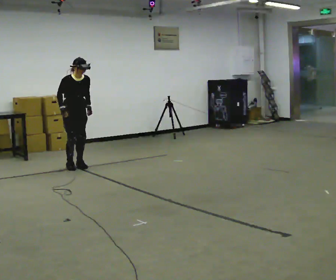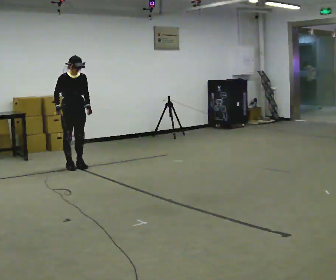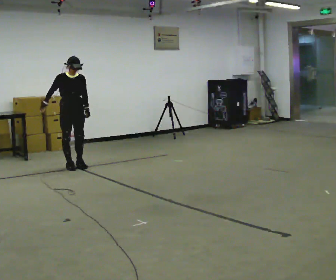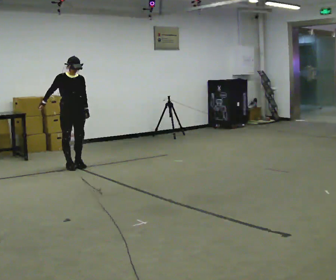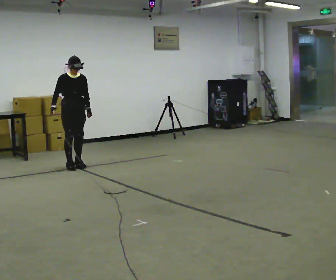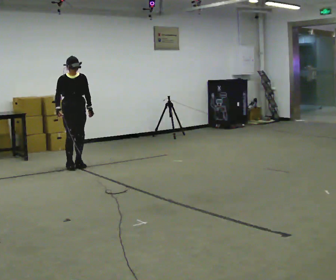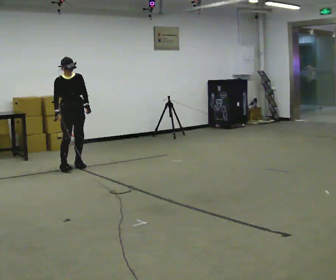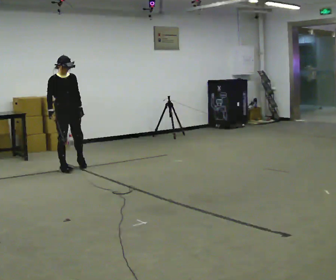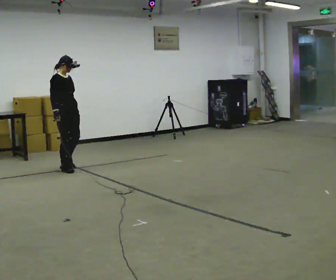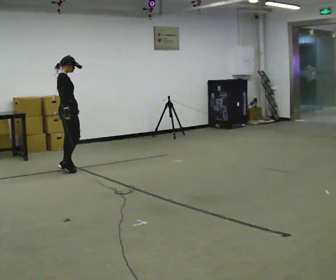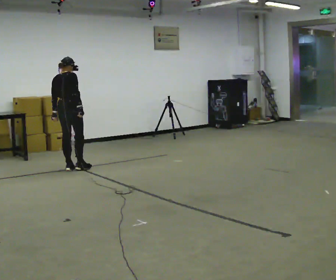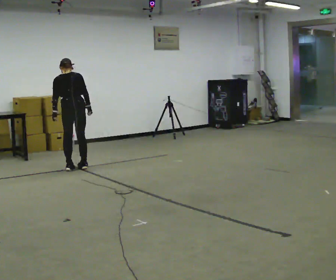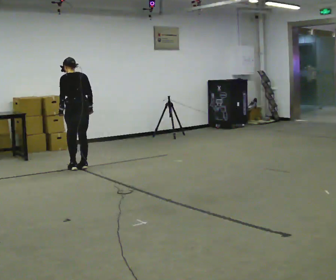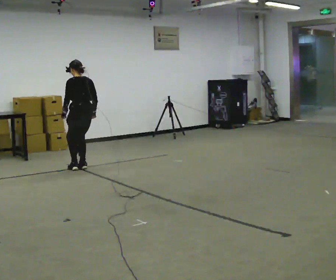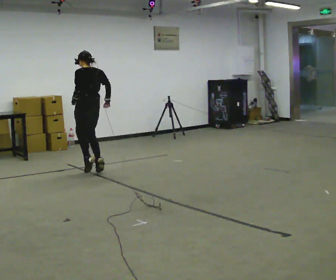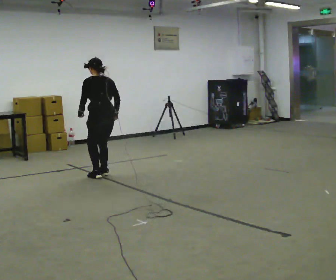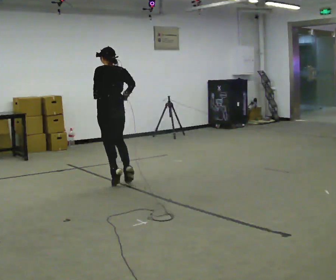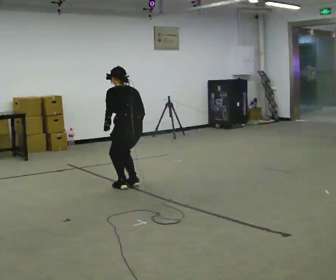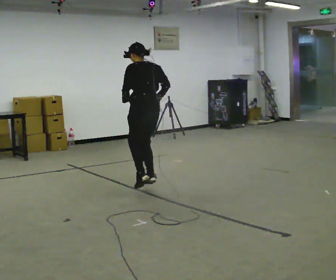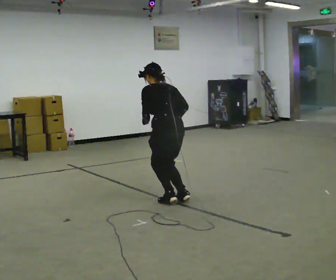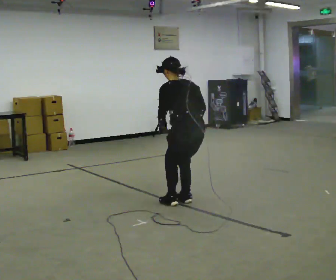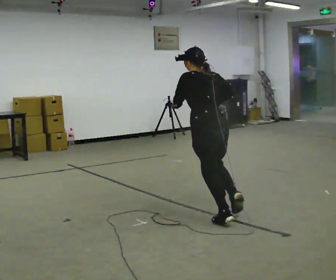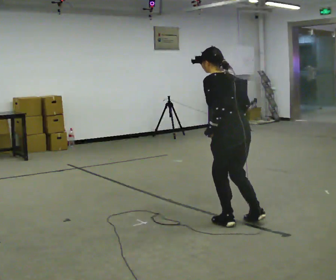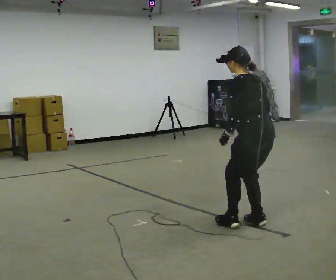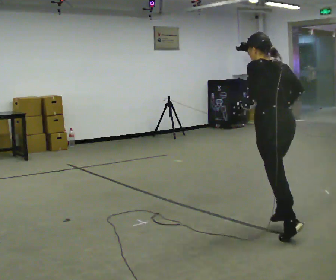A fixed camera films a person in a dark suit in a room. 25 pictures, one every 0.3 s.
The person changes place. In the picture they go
toward the camera.
0.0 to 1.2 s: The upper body tips away from the camera, its near side rolling upward, as they lean back or straighten.
1.2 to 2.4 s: The part of the body nearest the lens slides to the right as the person turns to their left by about 30 degrees. In the picture they go toward the camera, about 0.25 m in 2 steps, which for them is to their right and forward.
2.4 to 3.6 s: Seen from above the body turns counterclockwise, about 150 degrees: to their left, with its near side sliding to the right. In the picture they go to the right, about 0.25 m in 1 step. In the picture their right hand goes to the right.
3.6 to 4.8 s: In the picture they go toward the camera and to the right, about 1 m in 4 steps, which for them is backward.
4.8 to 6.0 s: In the picture they go toward the camera and to the right, about 1.5 m in 3 steps, which for them is backward. In the picture their left hand goes downward.
6.0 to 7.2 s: In the picture they go toward the camera and to the right, about 1 m in 3 steps, which for them is backward.
The film runs backward here.
